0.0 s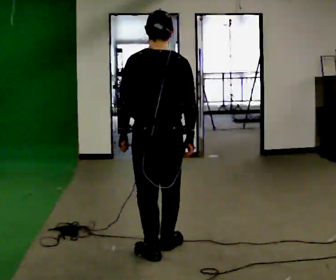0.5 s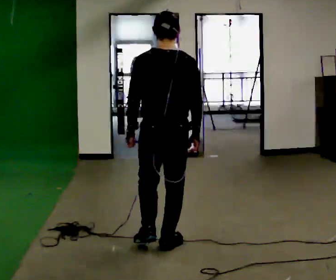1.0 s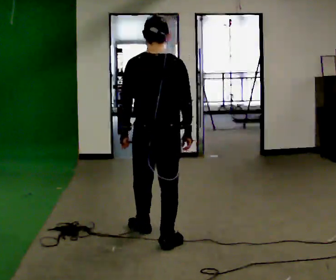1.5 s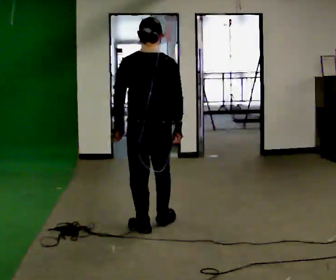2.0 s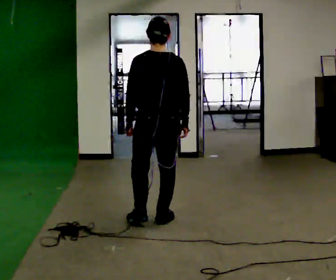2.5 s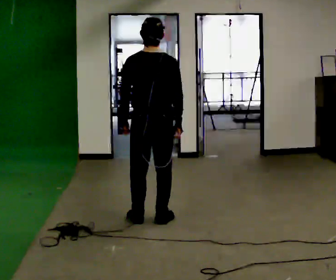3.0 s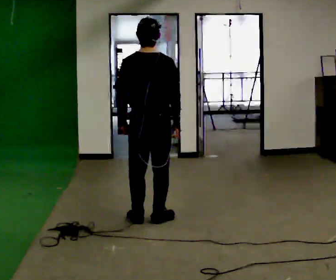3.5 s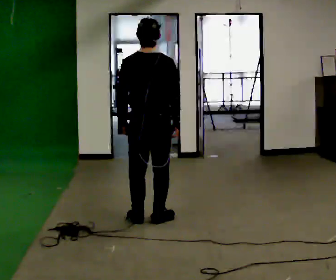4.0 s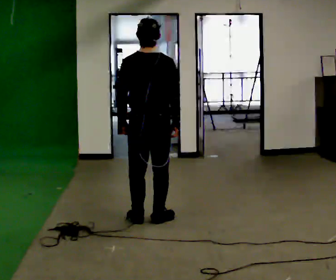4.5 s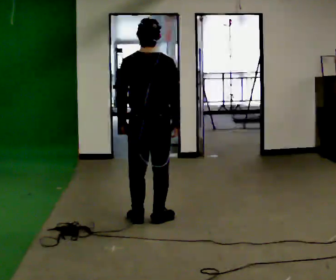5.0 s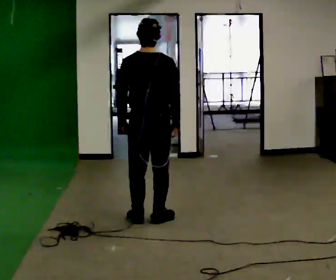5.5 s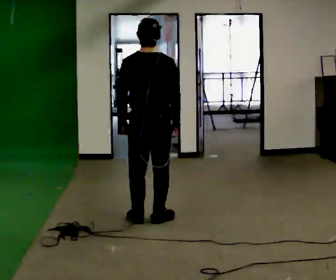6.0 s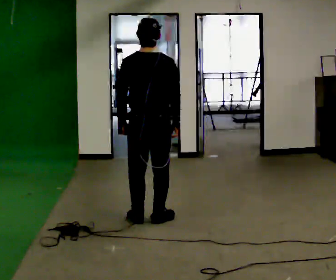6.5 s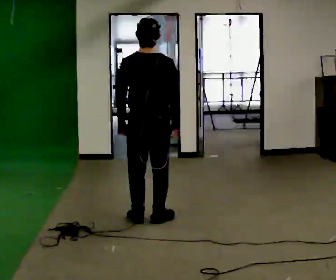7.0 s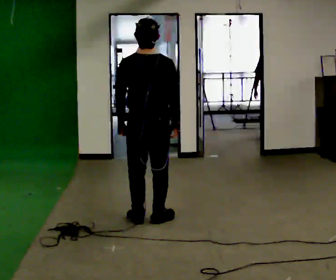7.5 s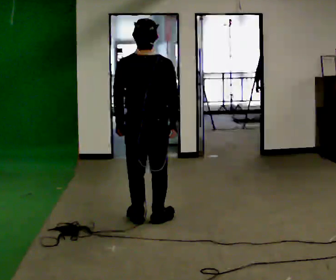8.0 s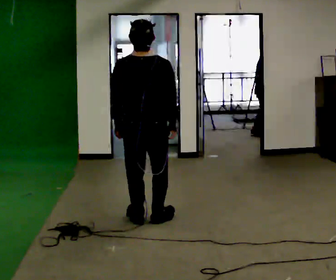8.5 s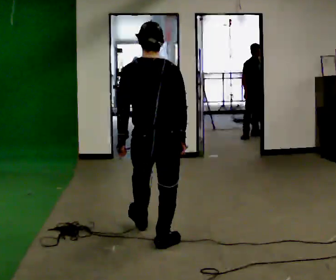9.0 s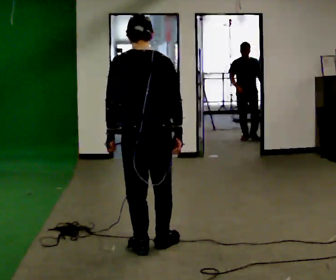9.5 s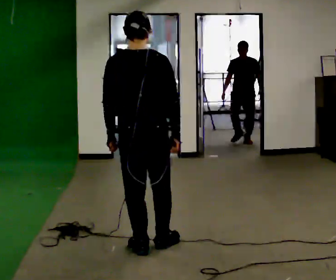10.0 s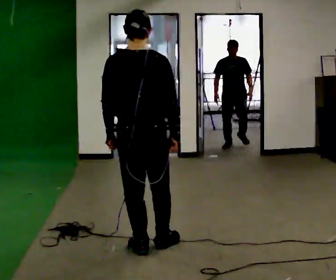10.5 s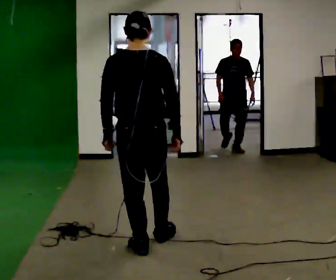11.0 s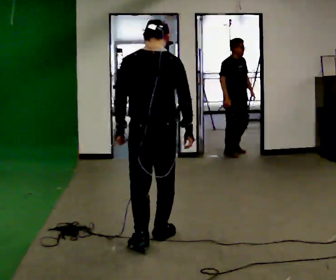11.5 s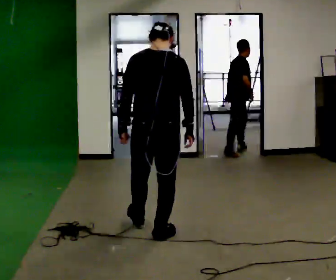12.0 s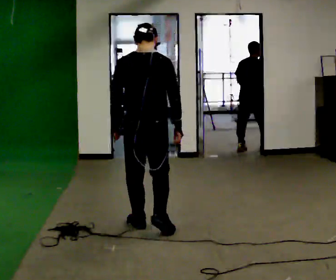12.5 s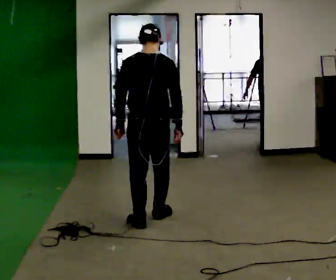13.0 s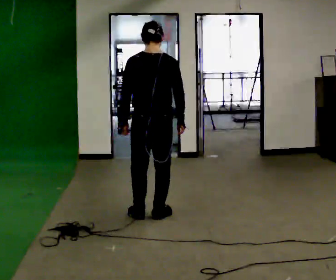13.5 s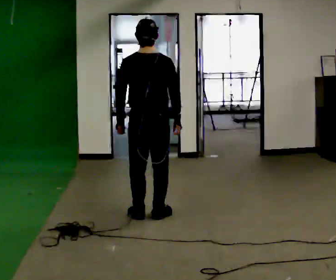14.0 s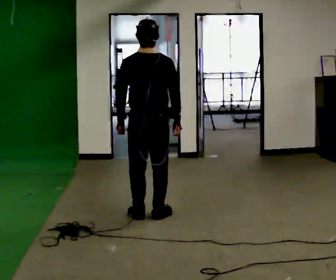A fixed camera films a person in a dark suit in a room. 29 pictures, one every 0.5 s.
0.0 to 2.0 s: In the picture they go away from the camera, about 0.5 m in 2 steps, which for them is forward.
2.0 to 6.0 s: The person moves a little, or ends about where they began.
6.0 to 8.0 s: In the picture they go toward the camera, about 0.25 m, which for them is backward.
8.0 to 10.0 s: In the picture they go toward the camera, about 0.5 m in 2 steps, which for them is backward.
10.0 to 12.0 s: In the picture they go away from the camera, about 0.5 m in 2 steps, which for them is forward.
12.0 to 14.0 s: In the picture they go away from the camera, about 0.25 m in 2 steps, which for them is forward.
The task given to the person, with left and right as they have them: Stand on the marked spots. Lean backward, keeping your body straight, until you cannot hold it, then step back to catch yourself. Return to the spots. Repeat at your own pace until the operator says stop. Go slowly and only as far as you are comfortable. Step whenever you need to; do not try to hold on longer than feels safe.
The film runs forward here.
